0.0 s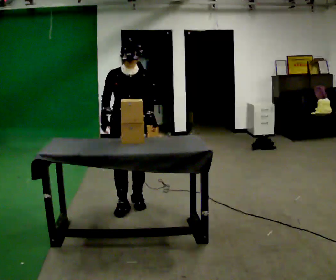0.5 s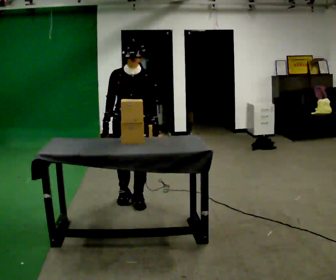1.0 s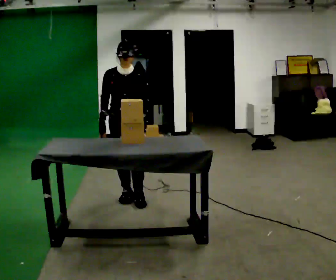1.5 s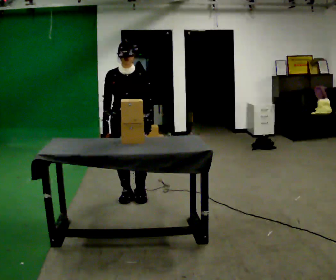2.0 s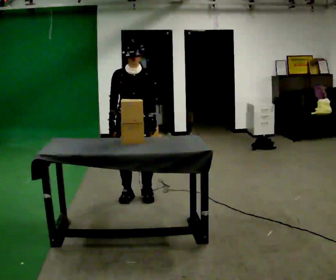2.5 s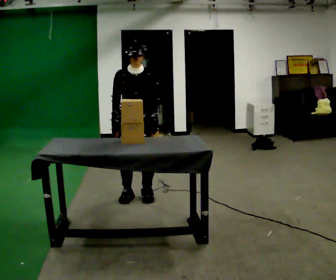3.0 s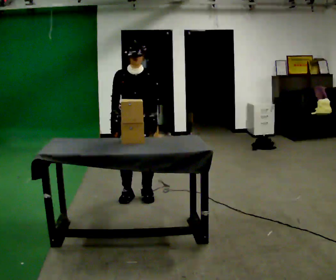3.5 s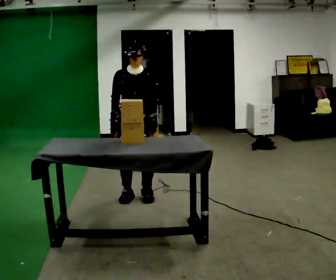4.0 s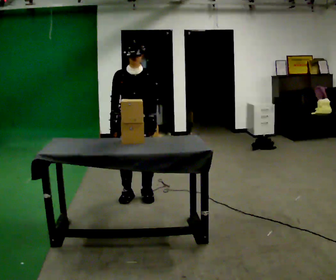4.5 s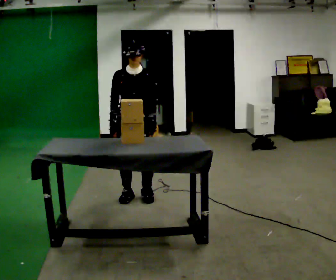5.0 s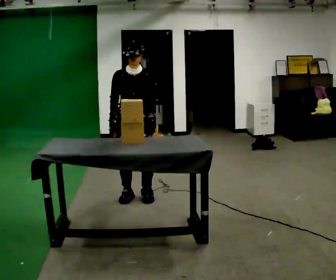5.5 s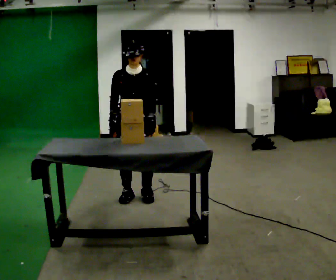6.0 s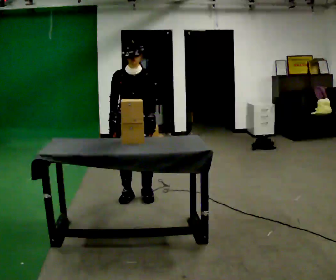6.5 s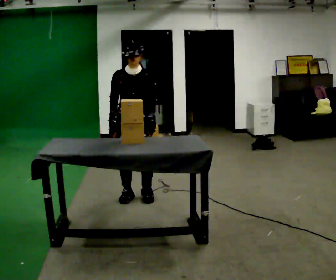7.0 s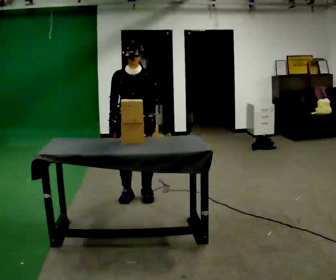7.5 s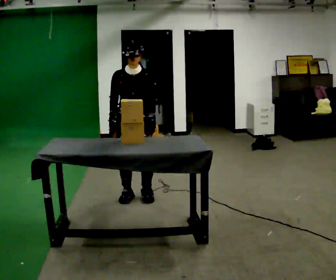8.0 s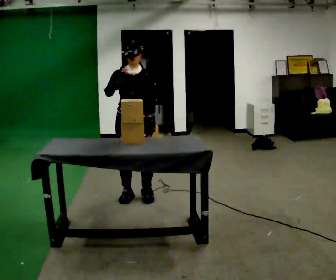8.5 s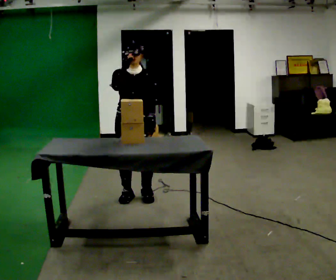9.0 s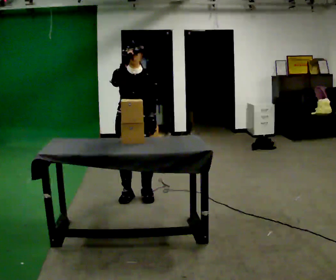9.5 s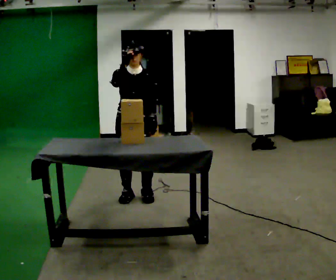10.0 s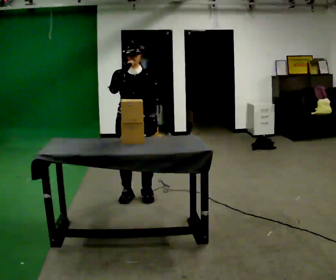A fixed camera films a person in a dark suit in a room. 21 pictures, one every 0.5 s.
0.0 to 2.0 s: In the picture they go away from the camera, about 0.25 m in 1 step, which for them is backward.
2.0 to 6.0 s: The person keeps their place and pose.
6.0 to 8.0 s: In the picture their right hand goes upward.
8.0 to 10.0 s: The person moves a little, or ends about where they began.
The film runs forward here.
